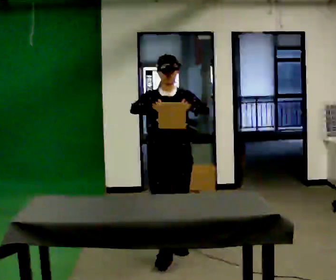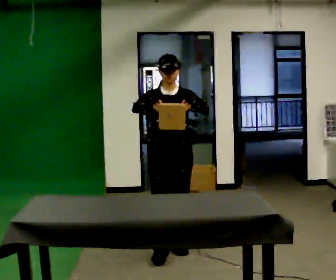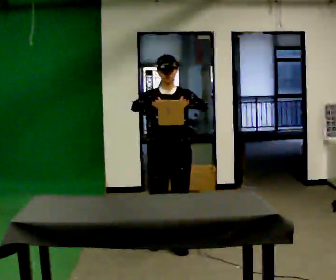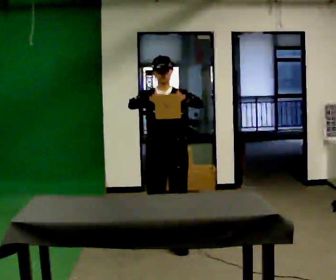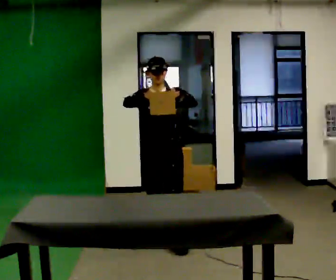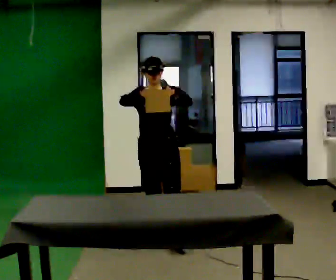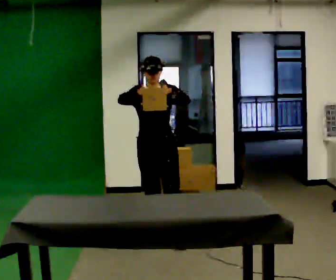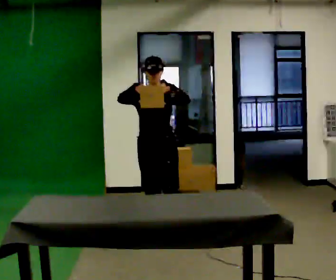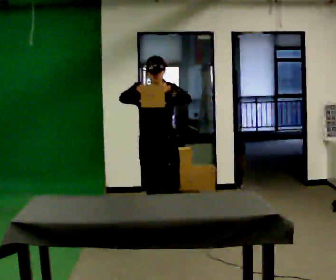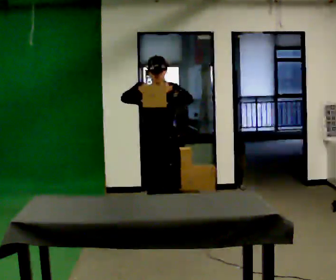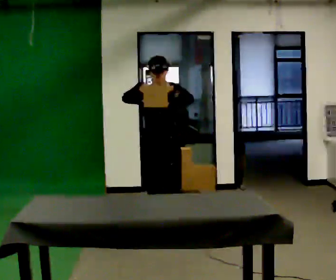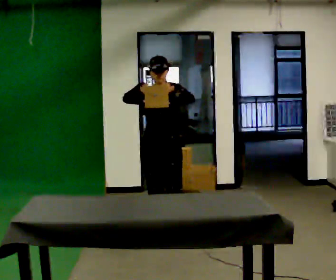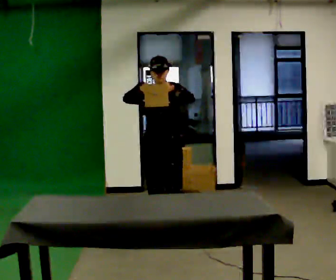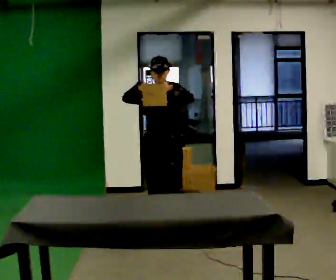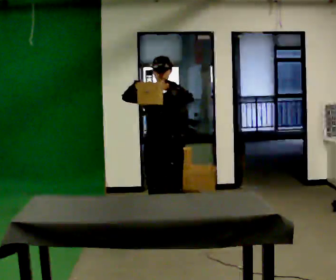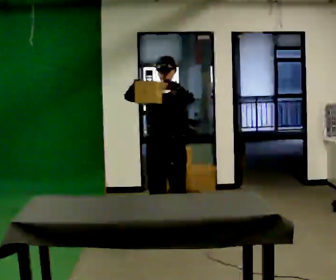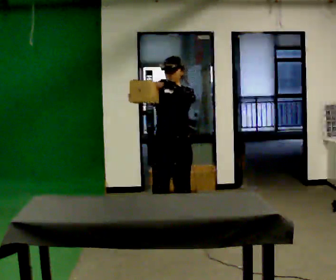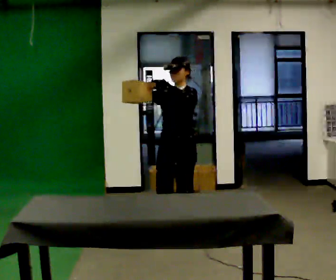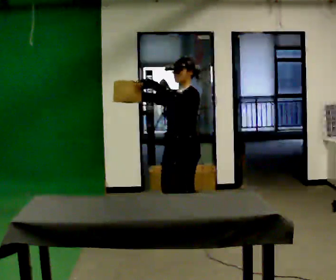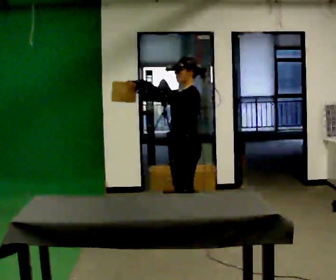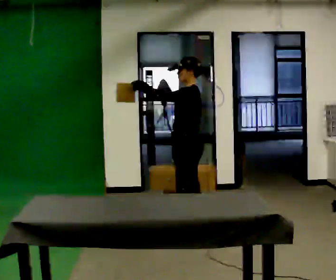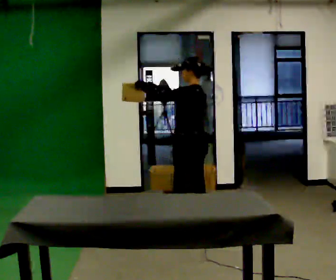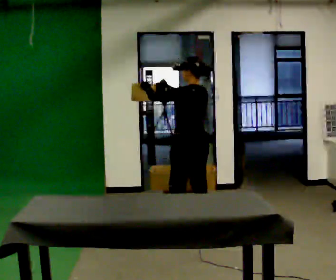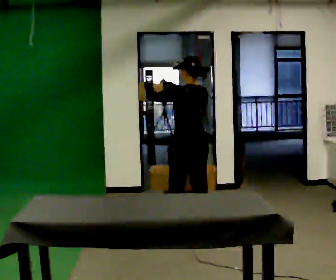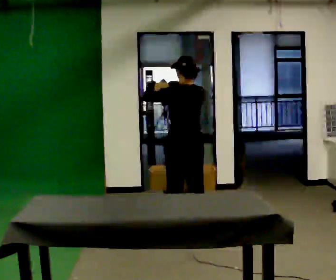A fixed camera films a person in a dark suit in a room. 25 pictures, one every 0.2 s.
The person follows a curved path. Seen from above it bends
clockwise.
The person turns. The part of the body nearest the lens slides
to the left.
0.0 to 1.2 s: In the picture they go away from the camera, about 0.5 m in 2 steps, which for them is backward.
1.2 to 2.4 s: The person moves a little, or ends about where they began.
2.4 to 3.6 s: The person turns about 60 degrees to their right, clockwise seen from above, so the part of the body nearest the lens slides to the left. In the picture they go to the right, about 0.25 m in 1 step, which for them is to their left.
3.6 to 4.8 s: Seen from above the body turns clockwise, about 105 degrees: to their right, with its near side sliding to the left.
The film runs backward here.
